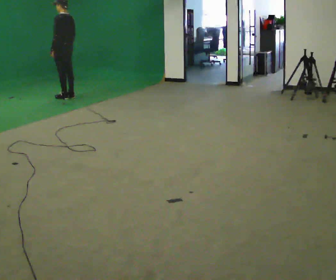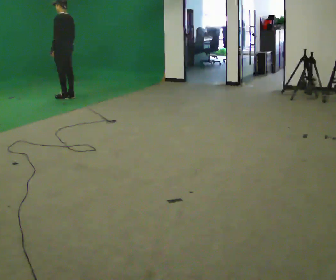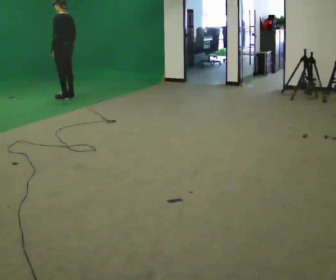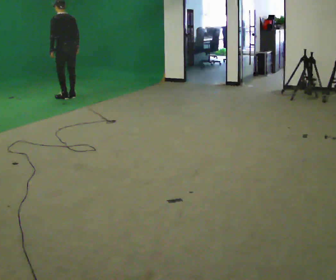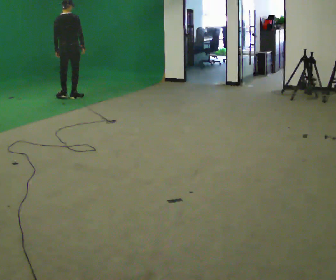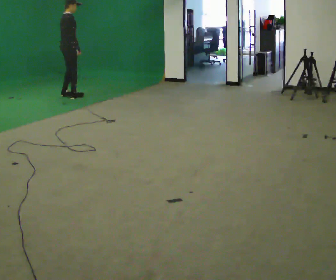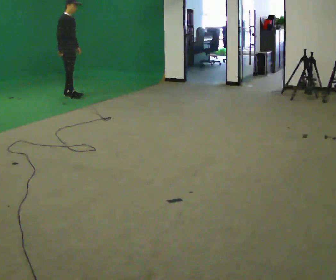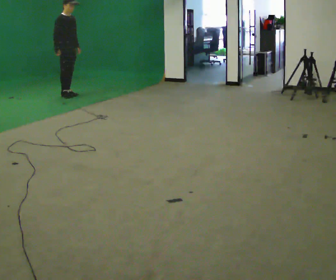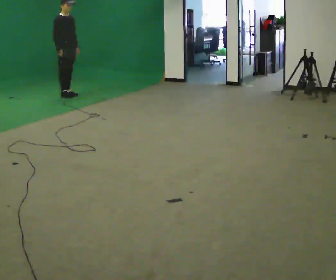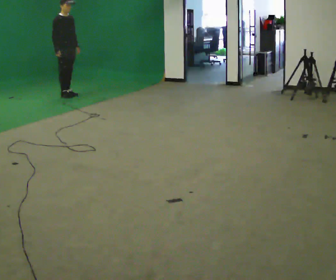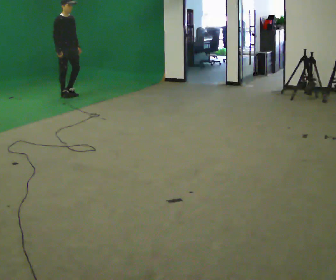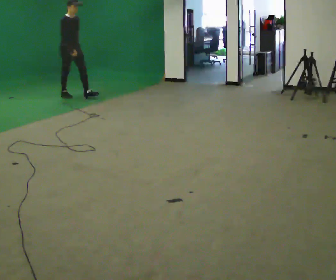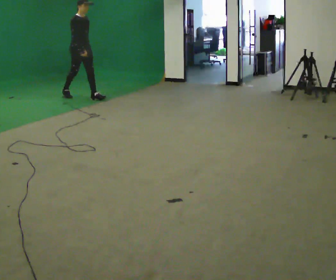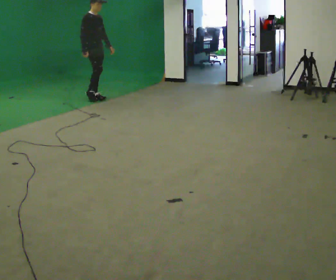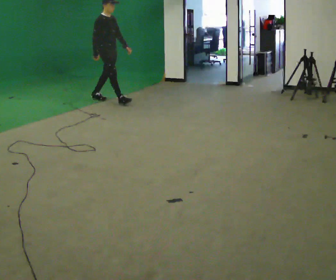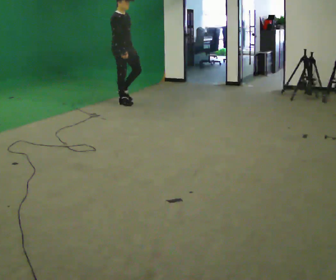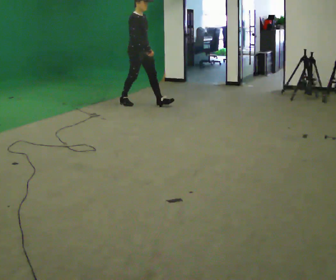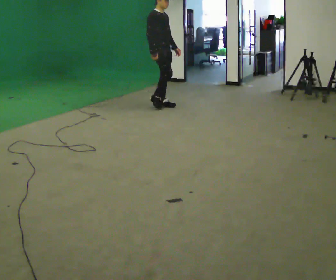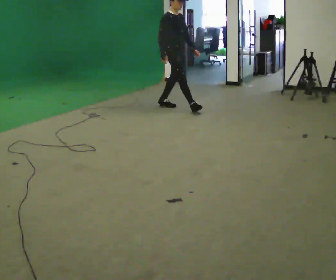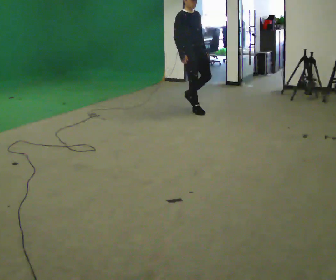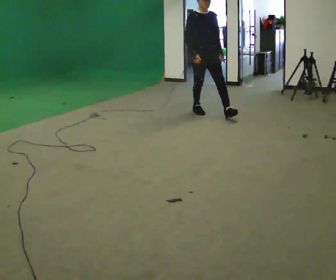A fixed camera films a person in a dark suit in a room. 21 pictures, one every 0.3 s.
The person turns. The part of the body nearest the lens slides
to the left.
The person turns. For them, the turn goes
to their right.
0.0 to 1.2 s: The person turns about 75 degrees to their right, clockwise seen from above, so the part of the body nearest the lens slides to the left.
1.2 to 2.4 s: The person turns about 105 degrees to their right, clockwise seen from above, so the part of the body nearest the lens slides to the left. In the picture they go away from the camera, about 0.25 m in 2 steps. In the picture their right hand goes to the left.
2.4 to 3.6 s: In the picture they go toward the camera and to the right, about 0.5 m in 1 step, which for them is forward.
3.6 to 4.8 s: In the picture they go to the right and toward the camera, about 1 m in 2 steps, which for them is forward.
4.8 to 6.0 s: Seen from above the body turns clockwise, about 45 degrees: to their right, with its near side sliding to the left. In the picture they go toward the camera and to the right, about 1 m in 1 step, which for them is forward.
The film runs forward here.
